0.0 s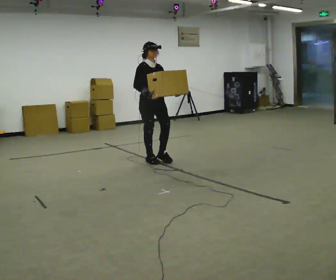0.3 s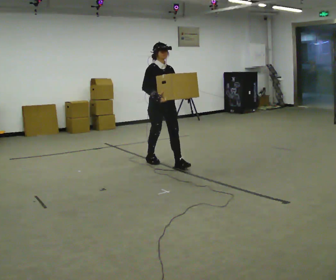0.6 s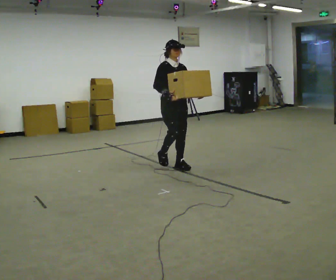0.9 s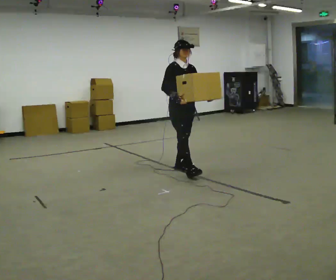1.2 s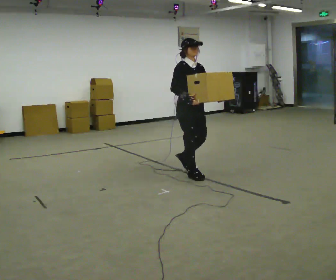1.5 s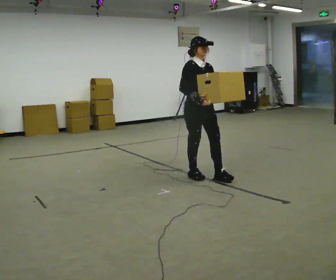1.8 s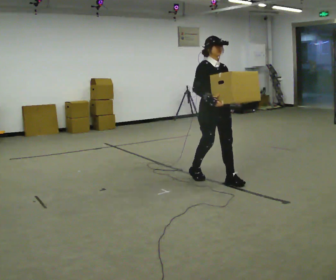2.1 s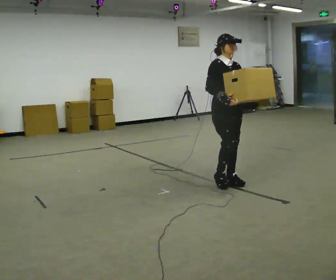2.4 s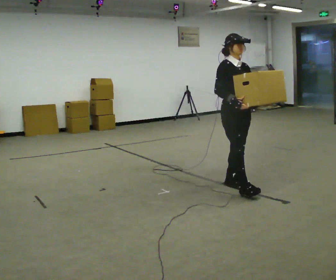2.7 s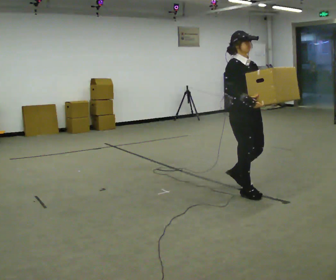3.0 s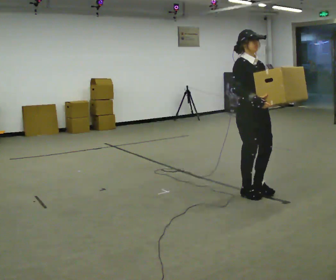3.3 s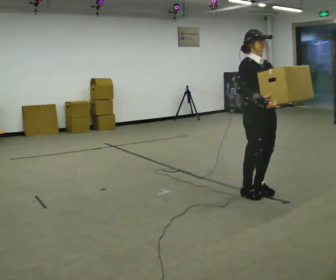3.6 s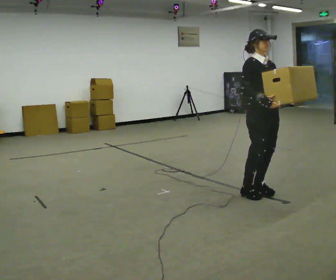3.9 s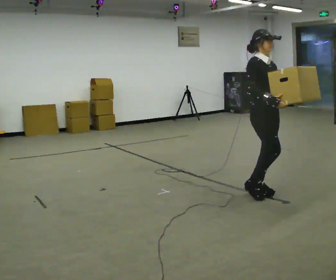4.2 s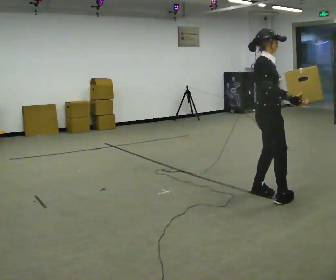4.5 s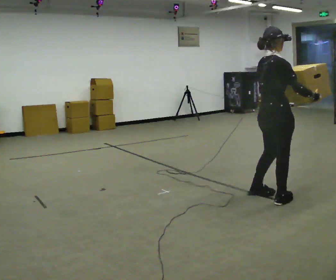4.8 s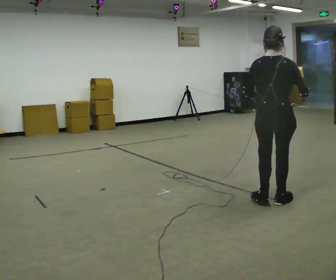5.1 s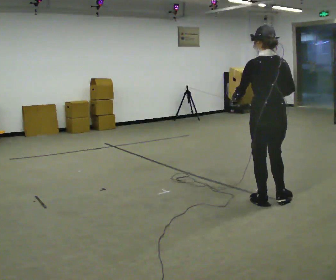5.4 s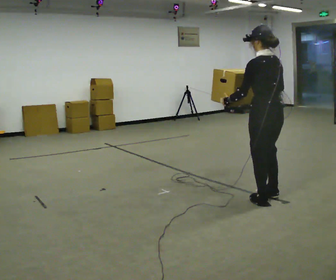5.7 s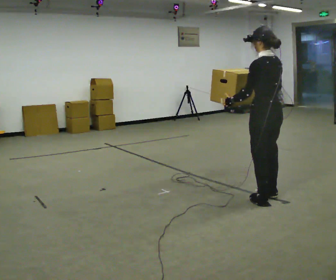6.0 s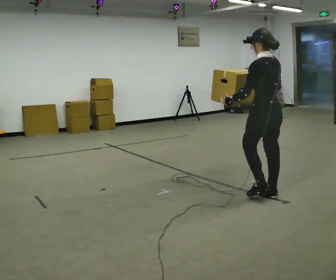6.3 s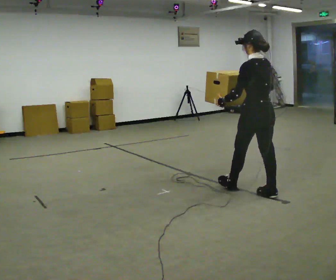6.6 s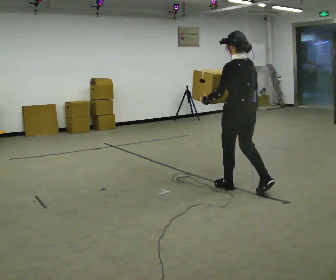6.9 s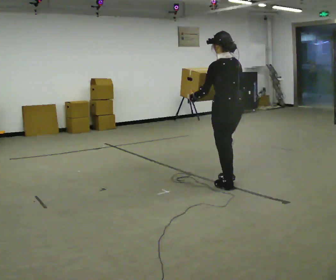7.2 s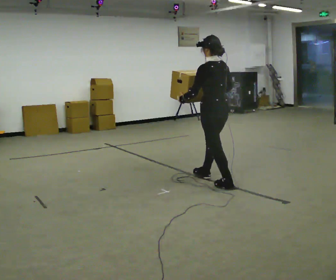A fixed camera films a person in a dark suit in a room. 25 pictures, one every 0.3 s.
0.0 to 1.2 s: In the picture they go to the right and toward the camera, about 1 m in 2 steps, which for them is forward.
1.2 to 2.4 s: In the picture they go to the right and toward the camera, about 0.5 m in 2 steps, which for them is forward.
2.4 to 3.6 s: In the picture they go to the right and toward the camera, about 0.25 m in 1 step, which for them is forward.
3.6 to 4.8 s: Seen from above the body turns counterclockwise, about 120 degrees: to their left, with its near side sliding to the right. In the picture they go toward the camera, about 0.25 m in 2 steps.
4.8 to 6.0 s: Seen from above the body turns counterclockwise, about 60 degrees: to their left, with its near side sliding to the right. In the picture they go away from the camera, about 0.25 m in 1 step. In the picture their right hand goes to the left.
6.0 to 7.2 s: In the picture they go to the left and away from the camera, about 0.5 m in 2 steps, which for them is forward.
The film runs forward here.
